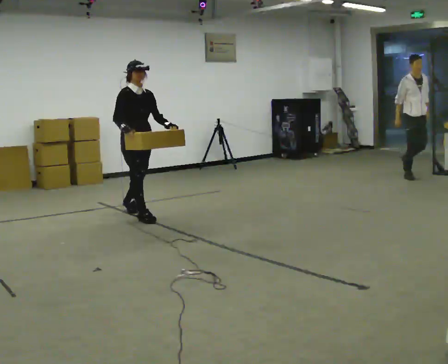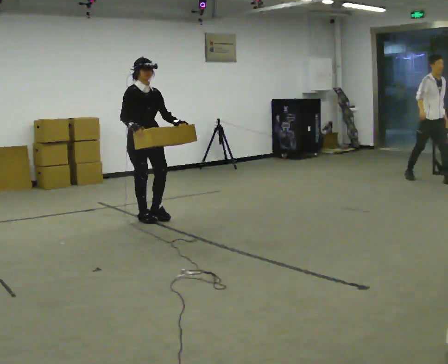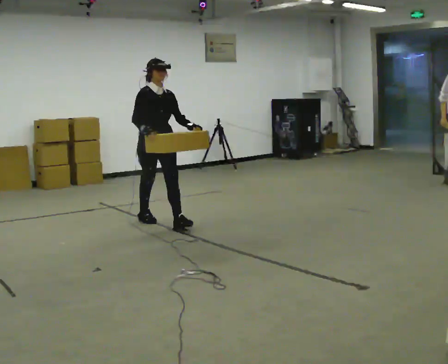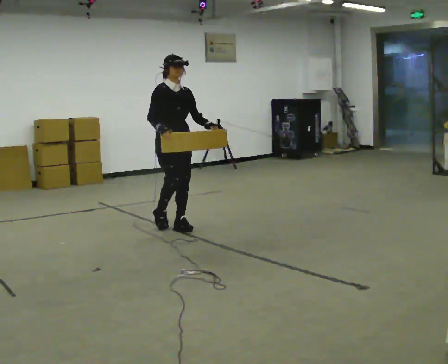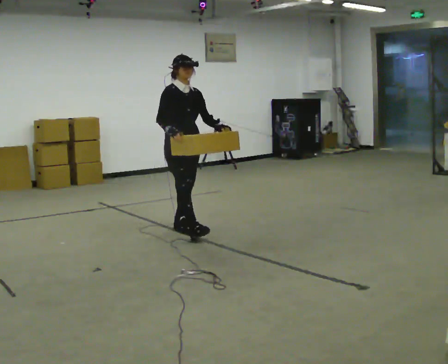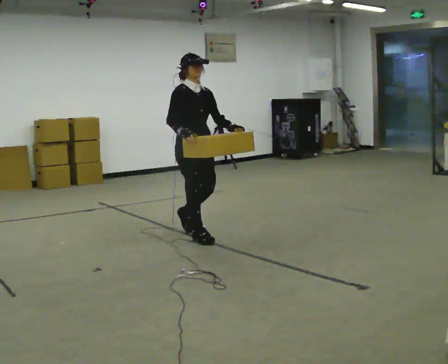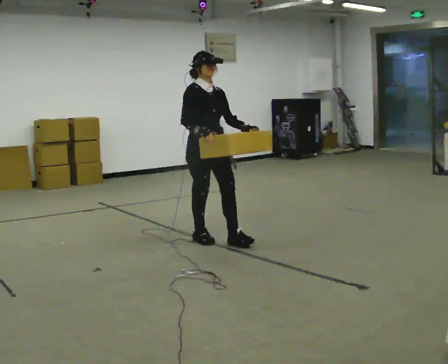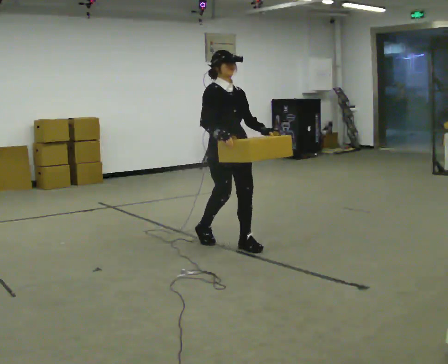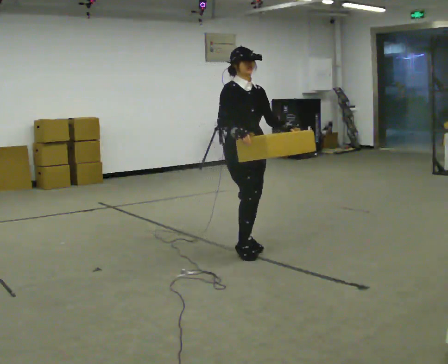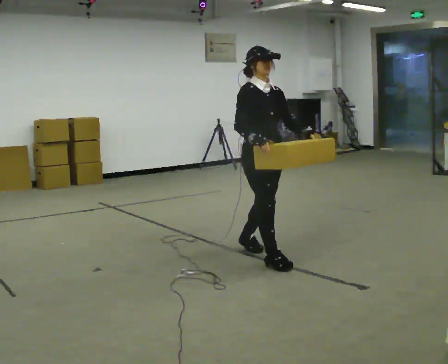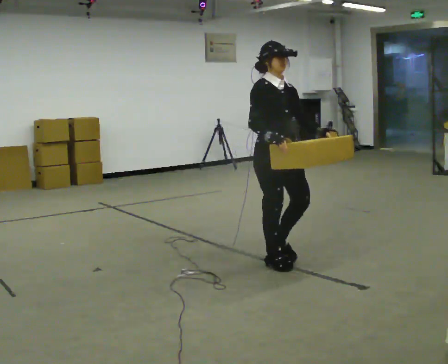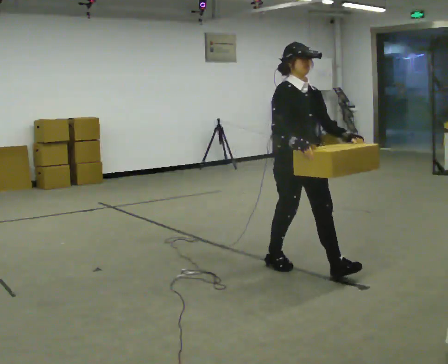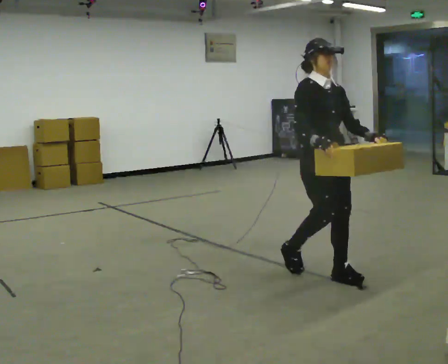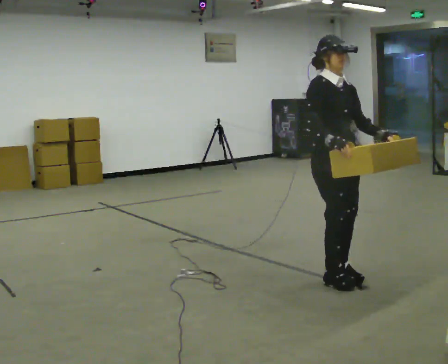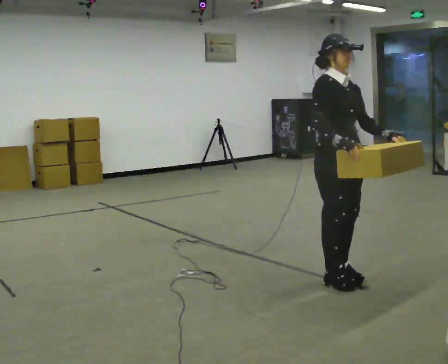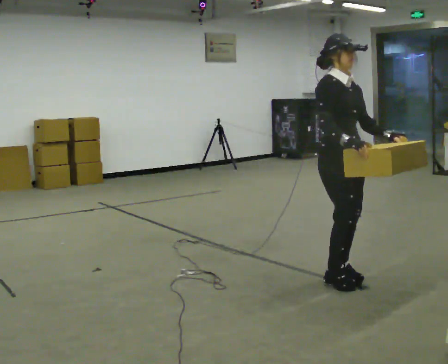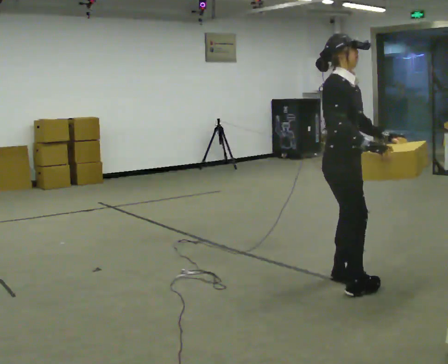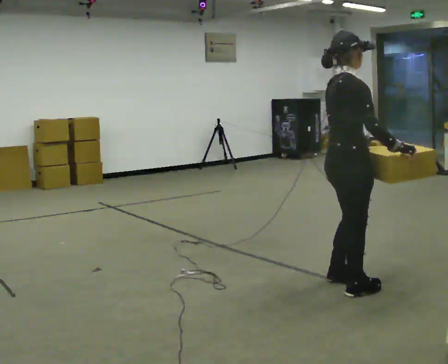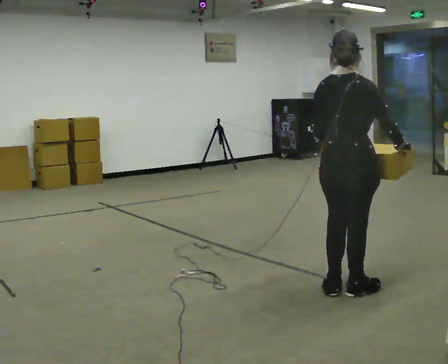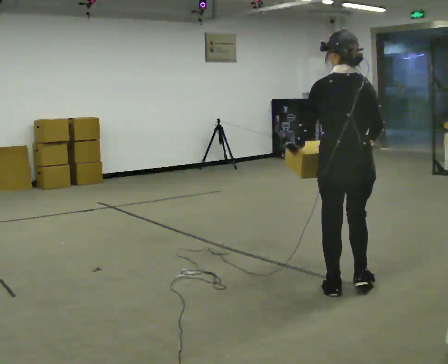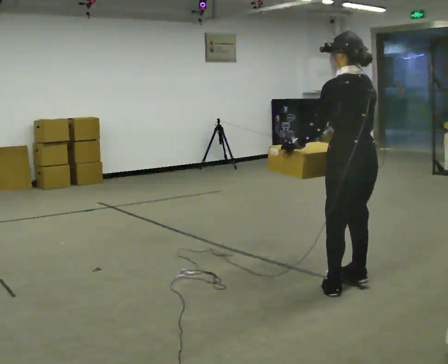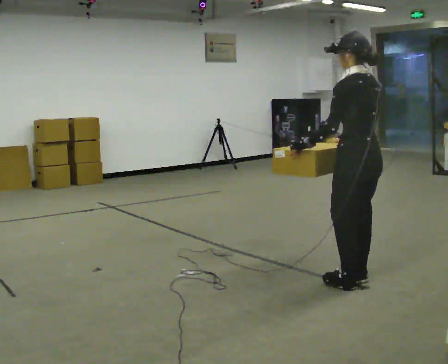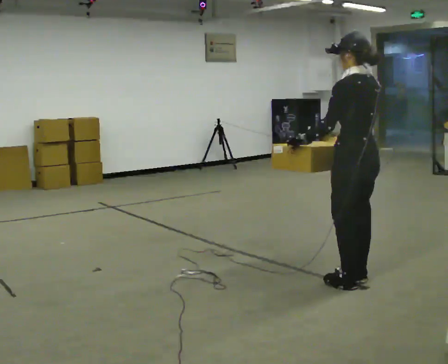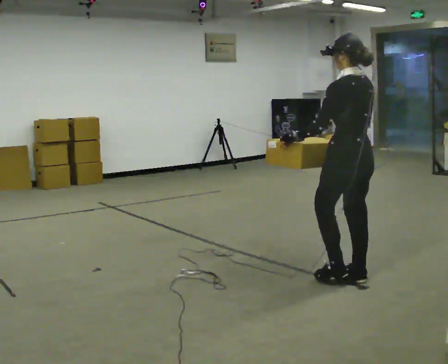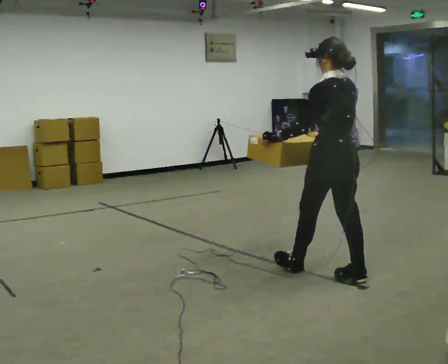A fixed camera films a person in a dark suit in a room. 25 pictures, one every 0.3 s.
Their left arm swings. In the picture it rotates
clockwise.
0.0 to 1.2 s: In the picture they go to the right and toward the camera, about 1 m in 1 step, which for them is forward.
1.2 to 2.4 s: In the picture they go to the right and toward the camera, about 1 m in 2 steps, which for them is forward.
2.4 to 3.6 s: In the picture they go to the right and toward the camera, about 1 m in 2 steps, which for them is forward.
3.6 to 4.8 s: The part of the body nearest the lens slides to the right as the person turns to their left by about 30 degrees. In the picture they go toward the camera, about 0.25 m in 2 steps, which for them is forward.
4.8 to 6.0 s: The person turns about 150 degrees to their left, counterclockwise seen from above, so the part of the body nearest the lens slides to the right. In the picture their left hand goes to the left, the arm swinging clockwise.
6.0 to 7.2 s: In the picture they go away from the camera, about 0.25 m in 1 step, which for them is forward.
The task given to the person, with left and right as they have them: Carry the medium box in both hands in front of you, walking back and forth across the room. Keep walking until the operator says stop.
The film runs forward here.
